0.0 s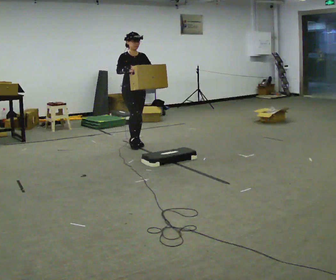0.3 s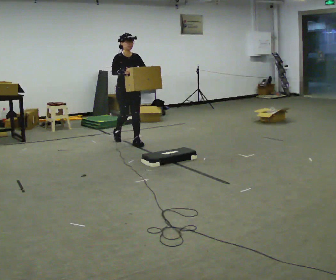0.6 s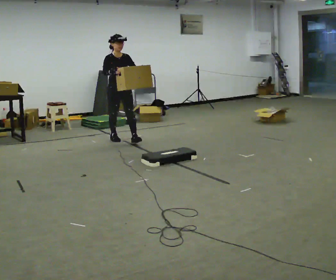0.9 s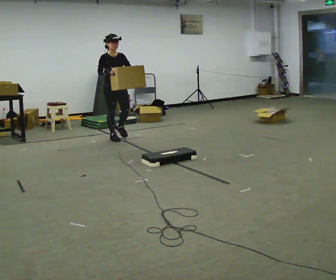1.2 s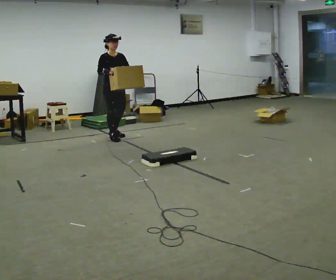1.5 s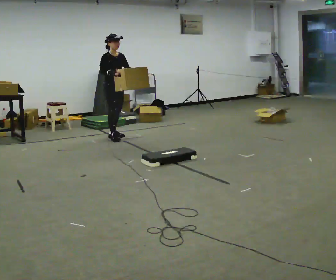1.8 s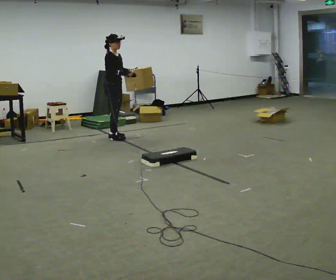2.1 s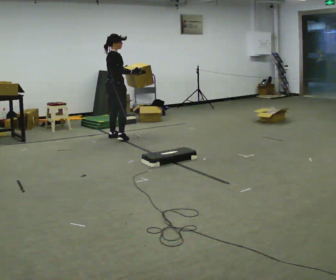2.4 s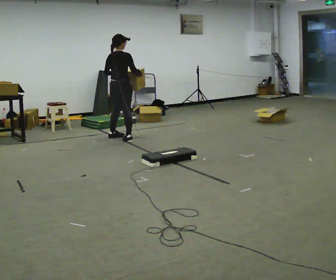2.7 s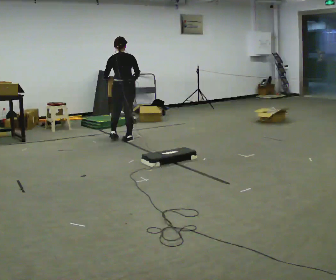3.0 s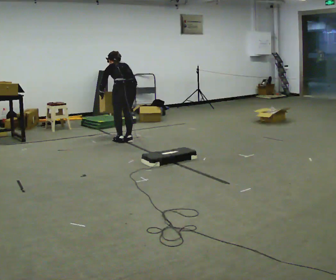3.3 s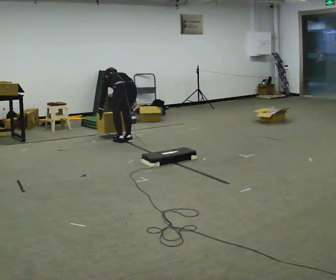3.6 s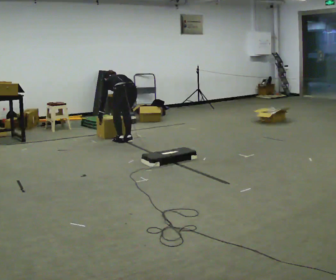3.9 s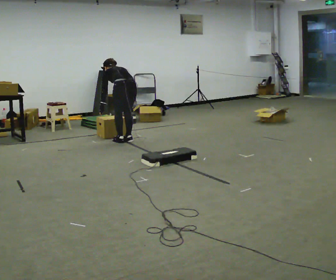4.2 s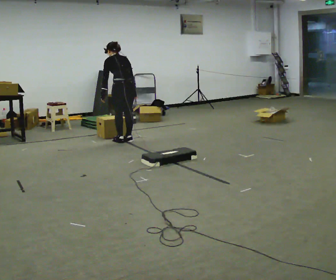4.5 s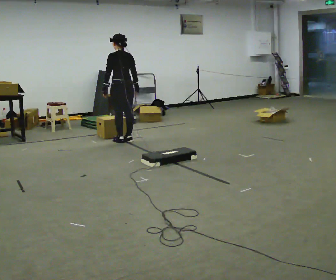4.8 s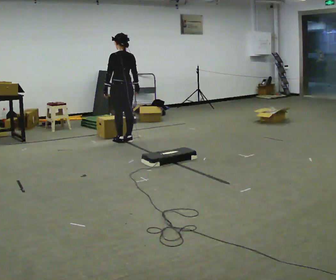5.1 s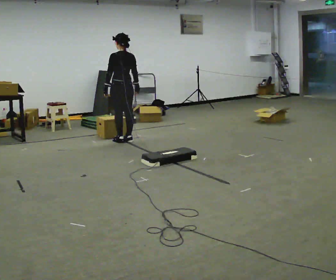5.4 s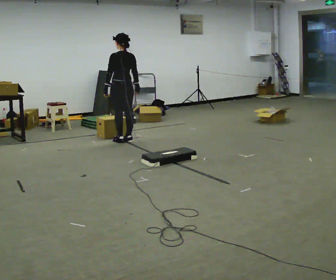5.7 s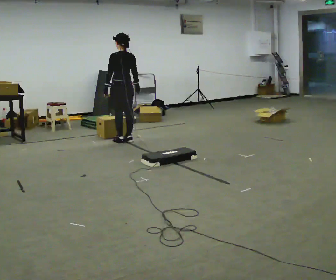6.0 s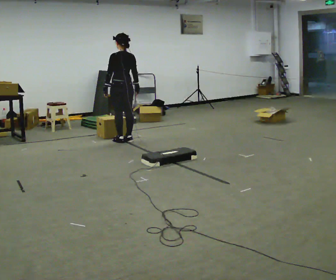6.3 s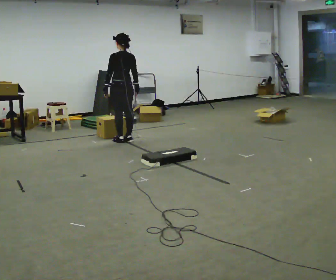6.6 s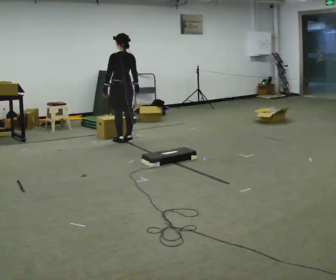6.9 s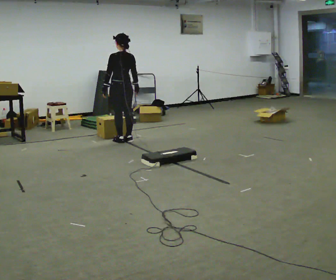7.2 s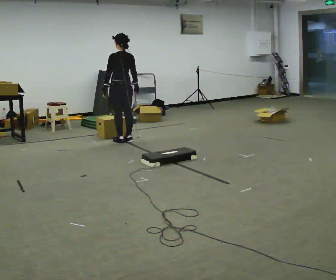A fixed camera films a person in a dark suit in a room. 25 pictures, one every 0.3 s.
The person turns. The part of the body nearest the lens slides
to the right.
The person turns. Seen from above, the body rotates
counterclockwise.
0.0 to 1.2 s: In the picture they go away from the camera and to the left, about 0.5 m in 1 step, which for them is backward.
1.2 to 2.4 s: The person turns about 120 degrees to their left, counterclockwise seen from above, so the part of the body nearest the lens slides to the right. In the picture their left hand goes to the left.
2.4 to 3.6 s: The person turns about 45 degrees to their left, counterclockwise seen from above, so the part of the body nearest the lens slides to the right. In the picture they go toward the camera, about 0.25 m in 1 step, which for them is backward. The upper body goes downward. The upper body tips away from the camera, its near side rolling upward, as they bend forward. In the picture their left hand goes downward.
3.6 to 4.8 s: The shoulders move upward. The upper body tips toward the camera, its near side rolling downward, as they lean back or straighten. In the picture their right hand goes upward.
4.8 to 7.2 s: The person keeps their place and pose.
The film runs backward here.
